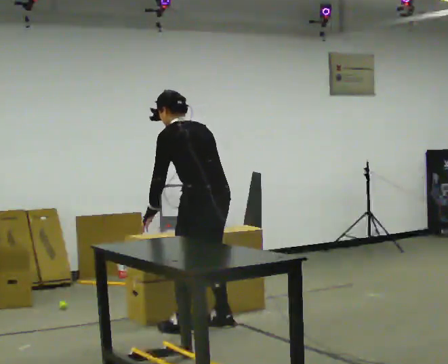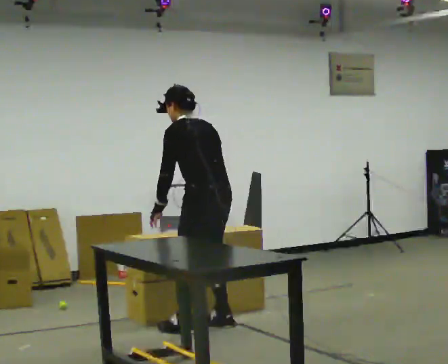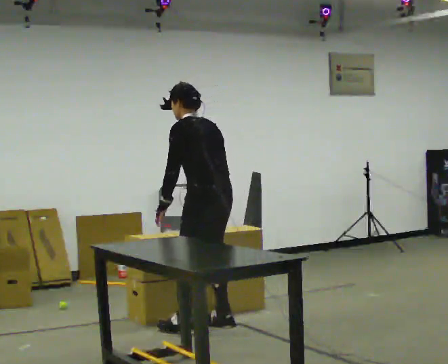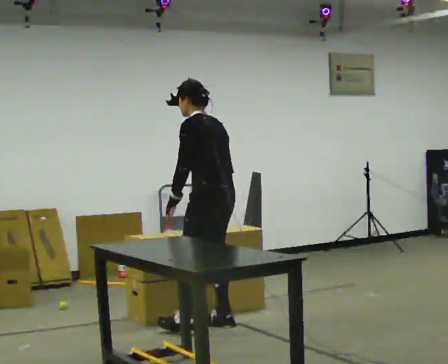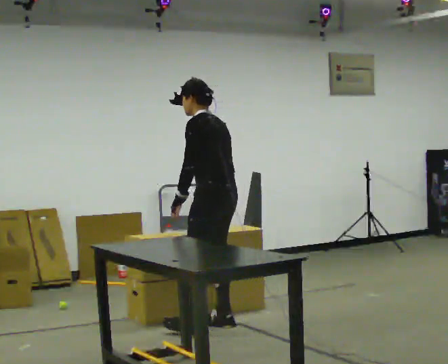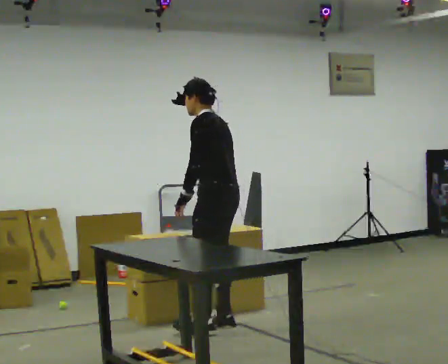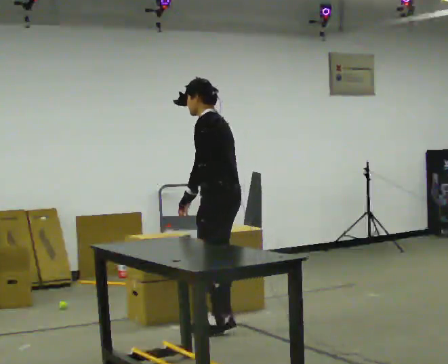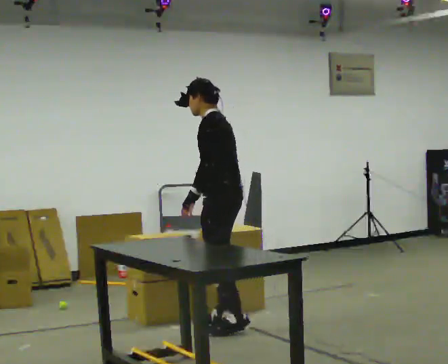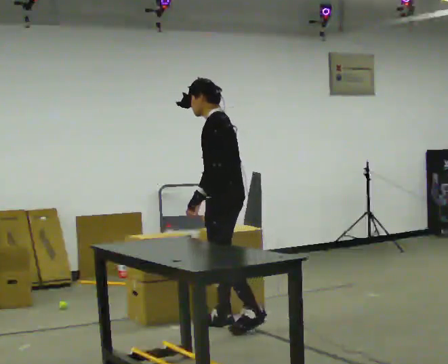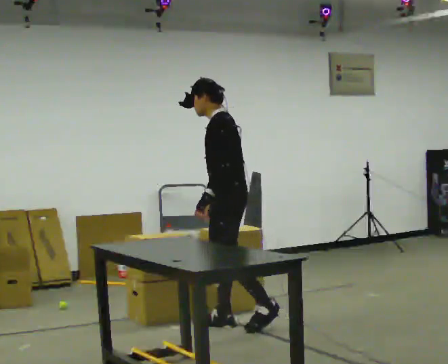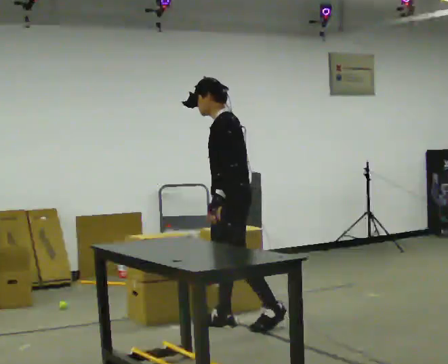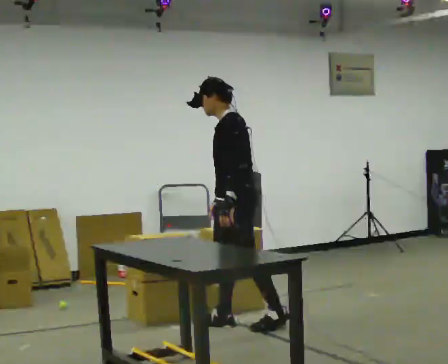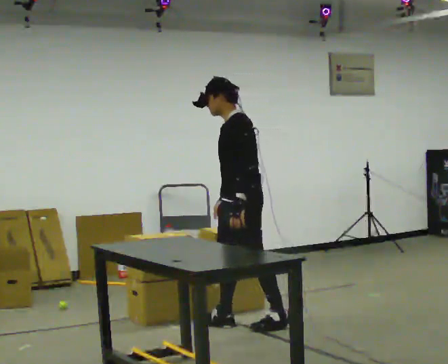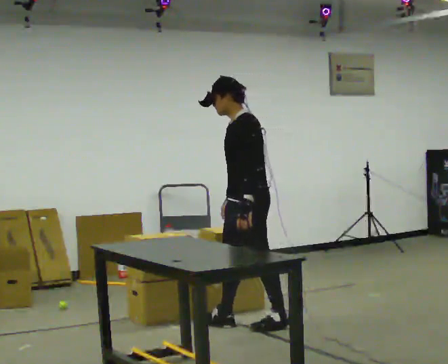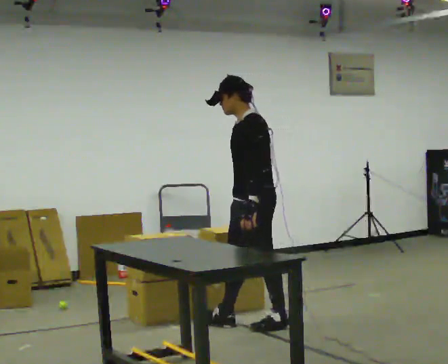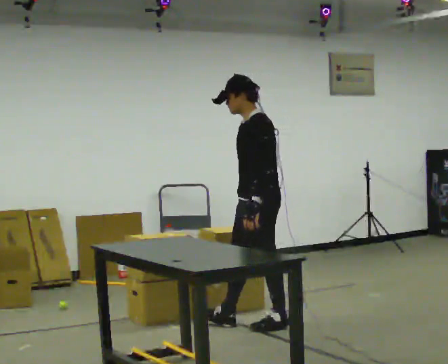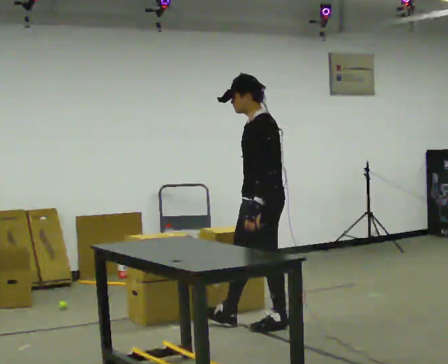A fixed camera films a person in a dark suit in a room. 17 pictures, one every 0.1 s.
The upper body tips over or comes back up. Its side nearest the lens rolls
downward.
0.0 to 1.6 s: The part of the body nearest the lens slides to the right as the person turns to their left by about 60 degrees. In the picture they go to the right, about 0.5 m in 1 step, which for them is backward. The upper body tips toward the camera, its near side rolling downward, as they lean back or straighten.
The film runs backward here.
